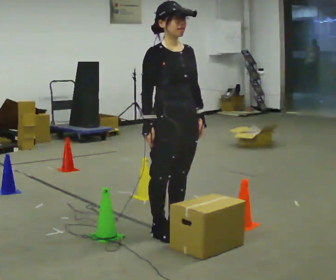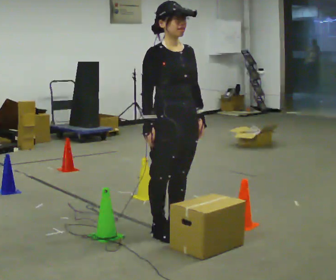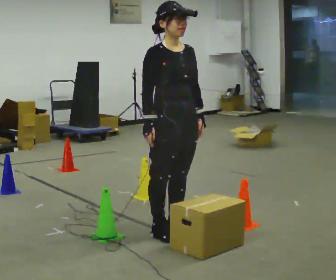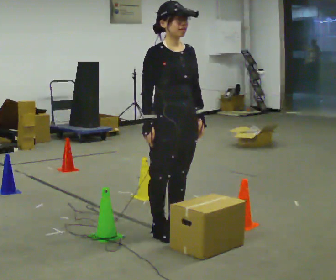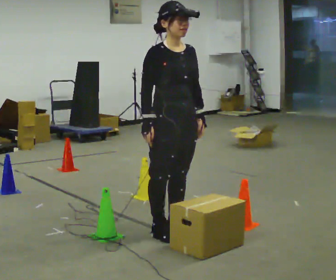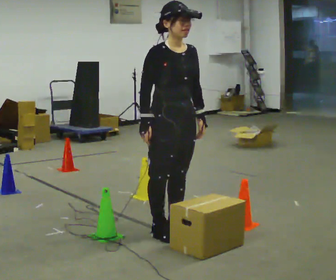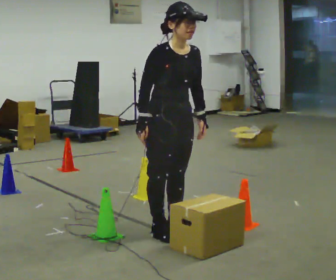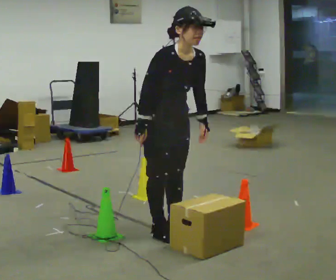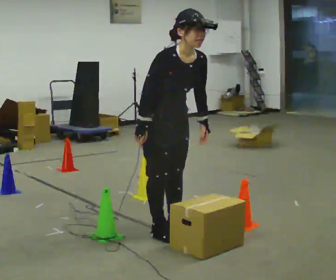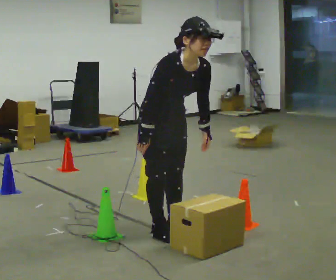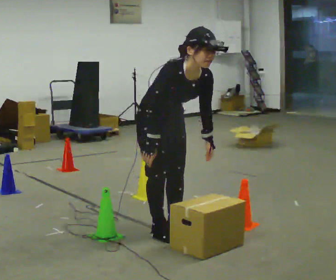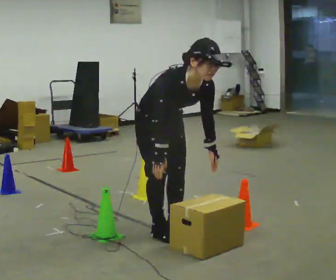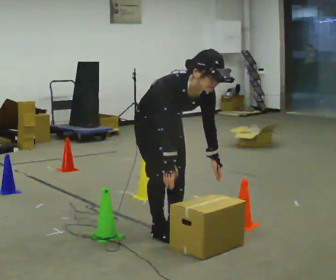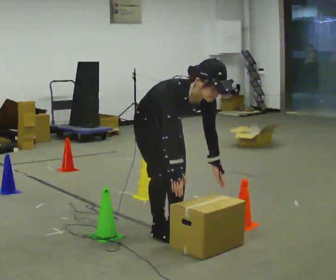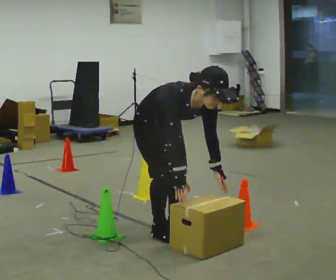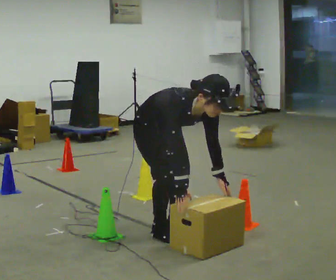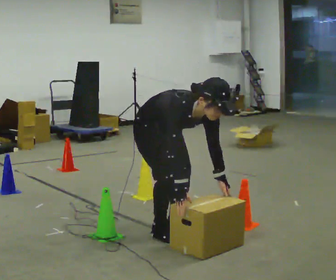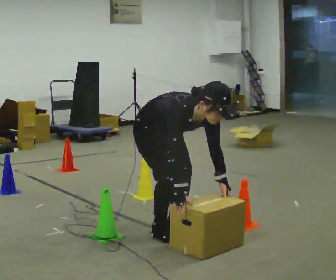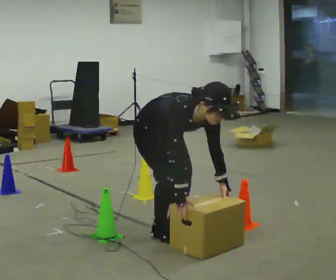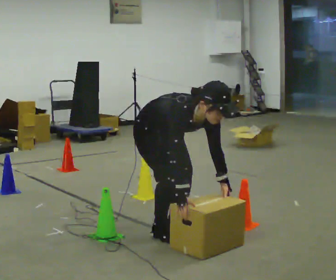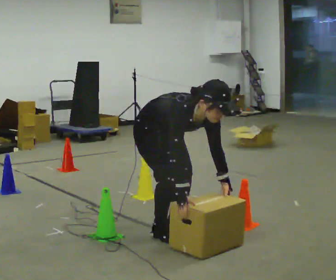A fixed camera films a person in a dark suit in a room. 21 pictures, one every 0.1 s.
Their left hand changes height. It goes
downward.
The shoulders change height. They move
downward.
0.0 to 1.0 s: The upper body tips toward the camera, its near side rolling downward, as they bend forward.
1.0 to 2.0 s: The upper body goes downward. In the picture the upper body tilts clockwise, shoulders to the right, as they bend forward. In the picture their right hand goes downward.
The film runs forward here.
